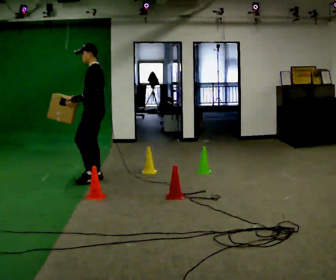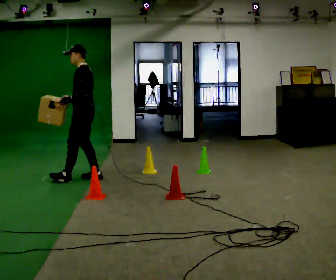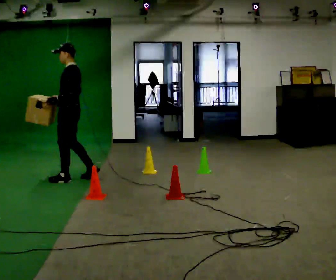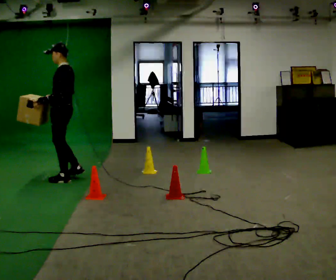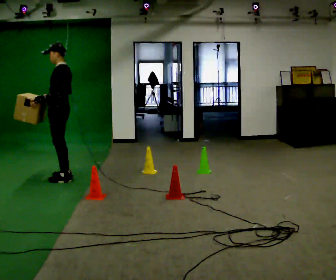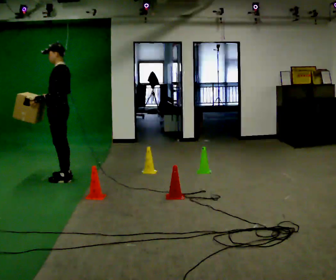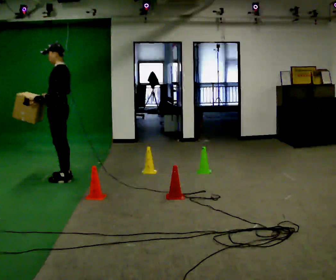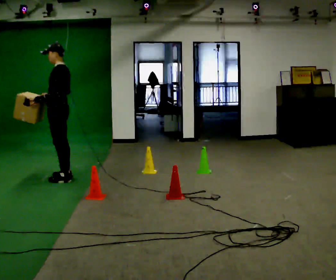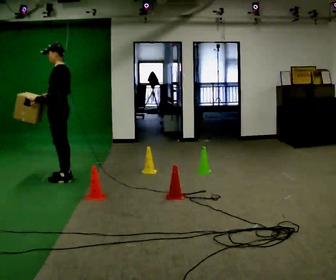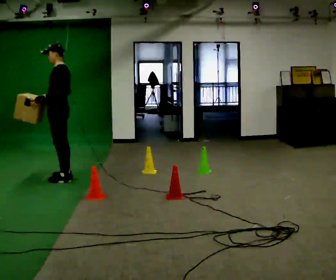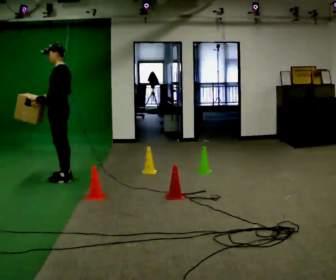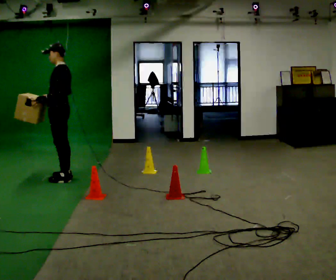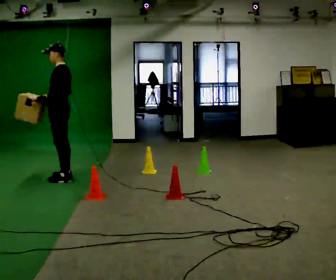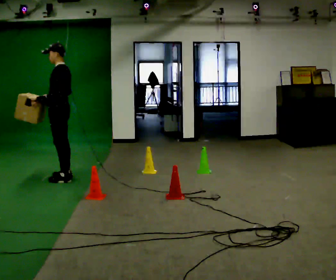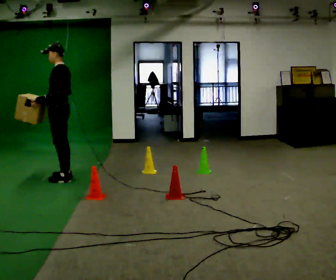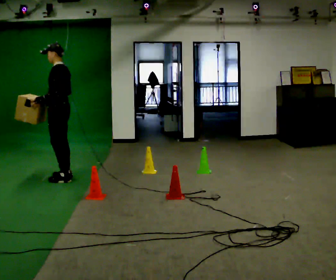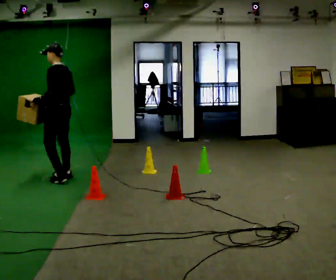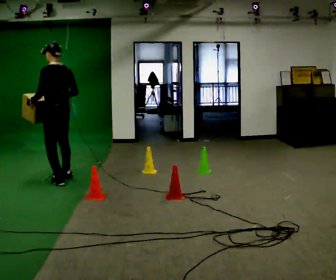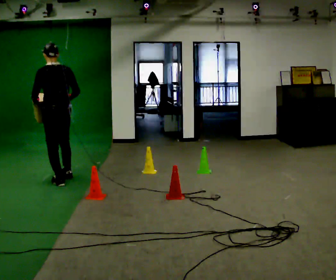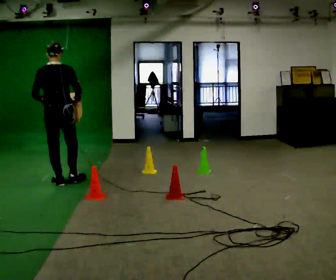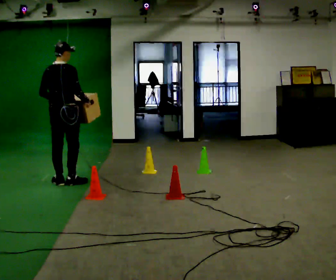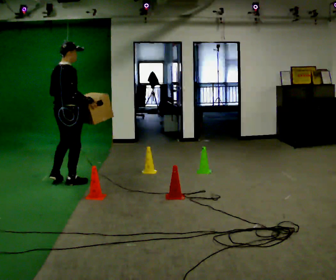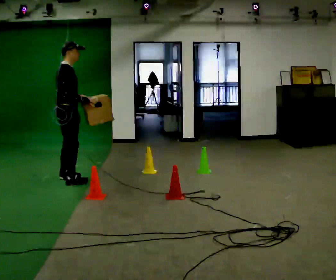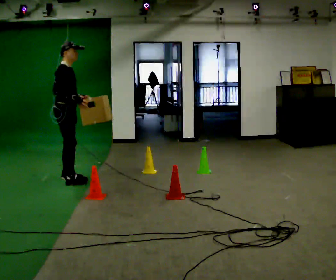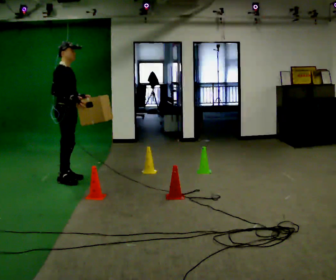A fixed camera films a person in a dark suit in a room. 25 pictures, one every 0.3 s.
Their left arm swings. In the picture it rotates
counterclockwise.
The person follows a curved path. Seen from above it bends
counterclockwise.
0.0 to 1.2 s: In the picture they go to the left, about 0.5 m in 2 steps, which for them is forward.
1.2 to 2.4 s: The person moves a little, or ends about where they began.
2.4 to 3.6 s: The person keeps their place and pose.
3.6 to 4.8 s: Seen from above the body turns clockwise, about 30 degrees: to their right, with its near side sliding to the left.
4.8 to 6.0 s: Seen from above the body turns clockwise, about 90 degrees: to their right, with its near side sliding to the left. In the picture they go toward the camera, about 0.25 m in 2 steps. In the picture their right hand goes to the right, the arm swinging counterclockwise.
6.0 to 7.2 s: Seen from above the body turns clockwise, about 75 degrees: to their right, with its near side sliding to the left. In the picture they go away from the camera, about 0.25 m in 1 step.
The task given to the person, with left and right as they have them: Carry the box through the gap between the panels without touching either side, then set it down and bring it back. Keep going until the operator says stop; one object at a time, and do not rush between trips.
The film runs forward here.
